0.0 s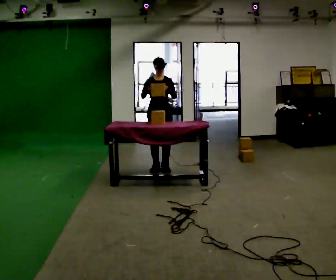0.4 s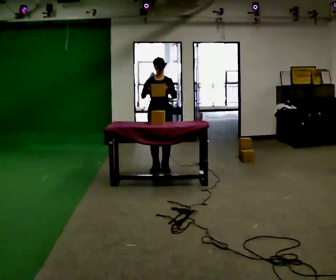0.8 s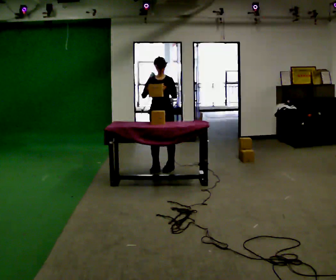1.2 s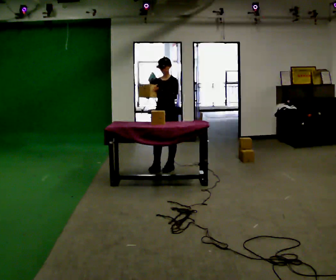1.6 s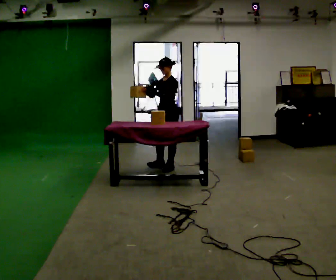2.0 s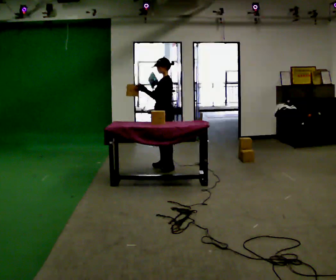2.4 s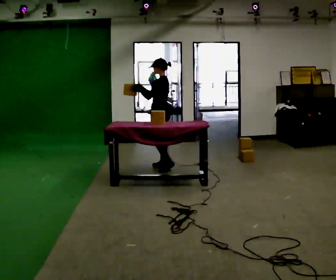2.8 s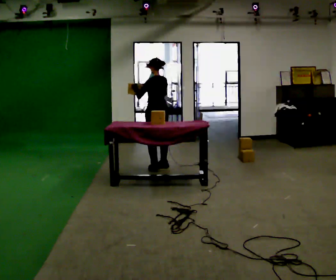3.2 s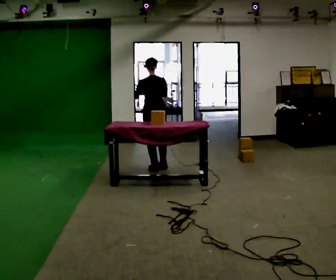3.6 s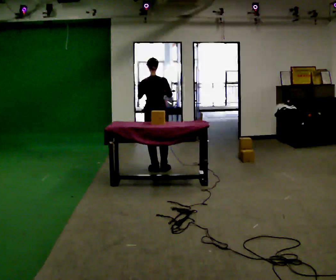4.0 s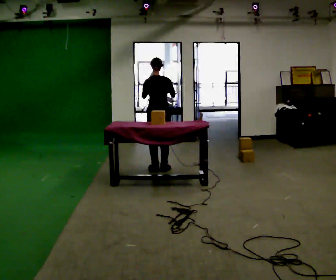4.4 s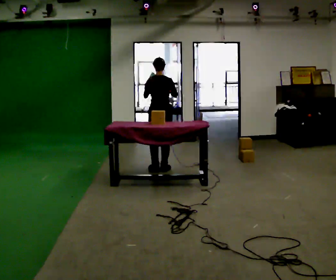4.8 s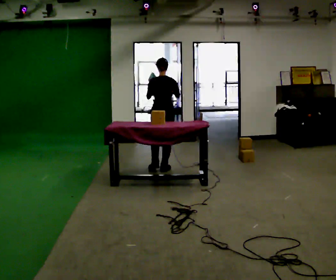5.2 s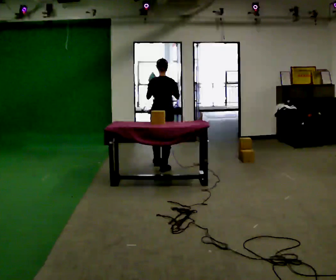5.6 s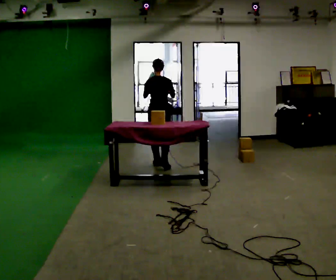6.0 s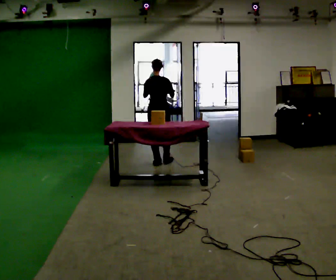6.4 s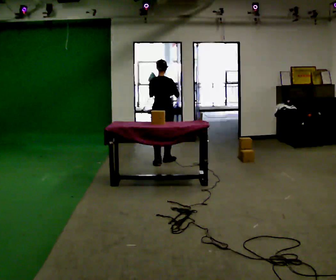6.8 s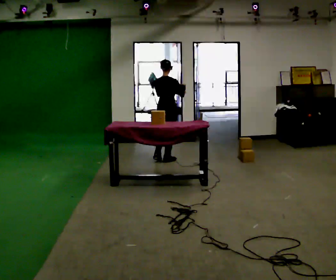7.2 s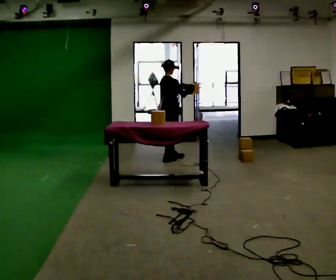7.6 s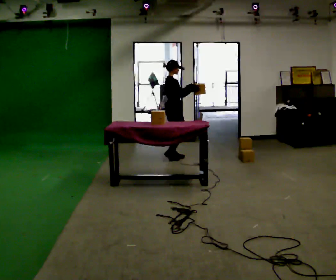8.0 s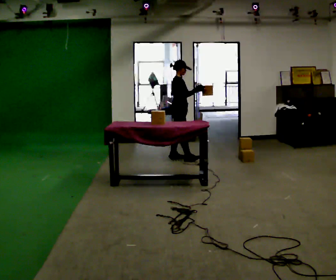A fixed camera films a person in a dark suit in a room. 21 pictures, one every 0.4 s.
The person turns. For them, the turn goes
to their right.
The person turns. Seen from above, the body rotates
clockwise.
0.0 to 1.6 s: The person turns about 60 degrees to their right, clockwise seen from above, so the part of the body nearest the lens slides to the left.
1.6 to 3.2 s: Seen from above the body turns clockwise, about 105 degrees: to their right, with its near side sliding to the left. In the picture they go to the left, about 0.25 m in 1 step.
3.2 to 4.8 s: The person moves a little, or ends about where they began.
4.8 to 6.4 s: In the picture they go away from the camera, about 0.5 m in 2 steps, which for them is forward.
6.4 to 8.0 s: The part of the body nearest the lens slides to the left as the person turns to their right by about 90 degrees. In the picture they go to the right and away from the camera, about 0.25 m in 2 steps.
The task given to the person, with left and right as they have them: Take boxes off the top of the stack one at a time and carry them away, walking back for each one. Keep going until the operator says stop; one object at a time, and do not rush between trips.
The film runs forward here.
